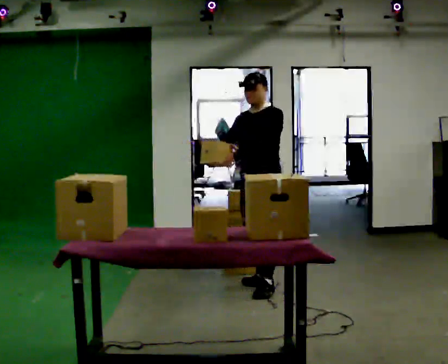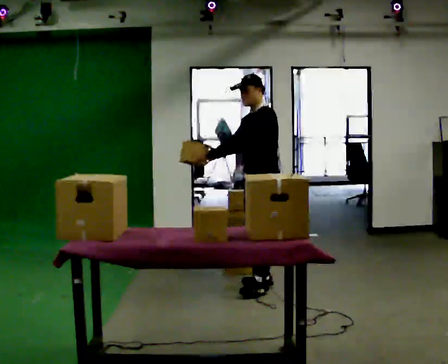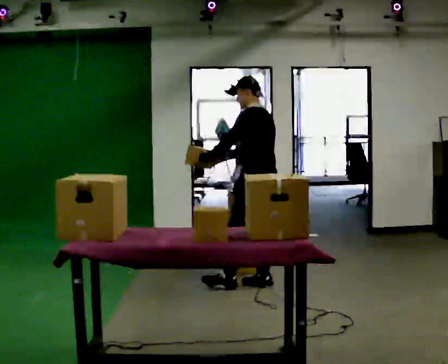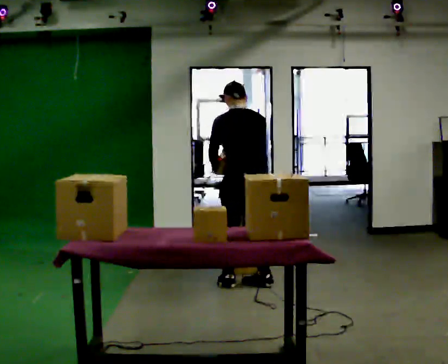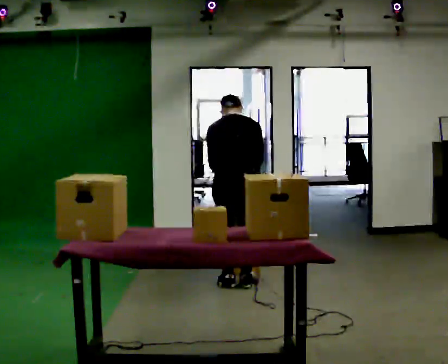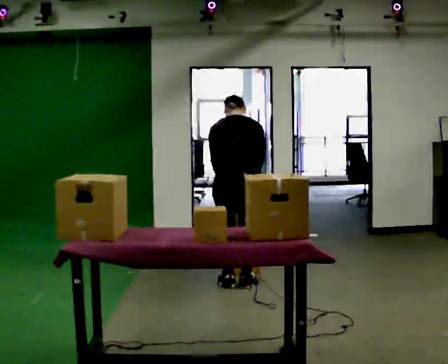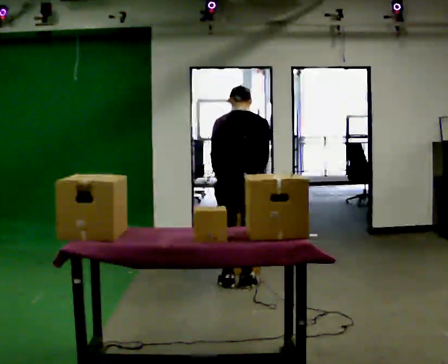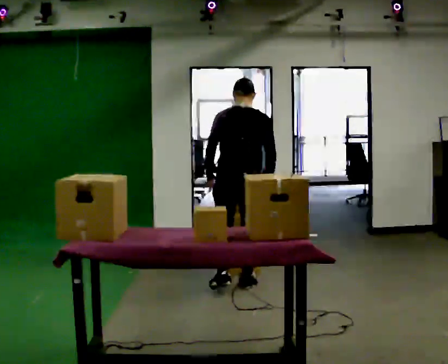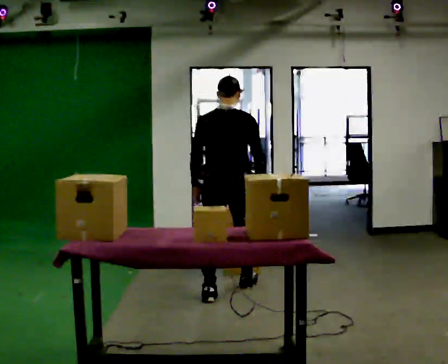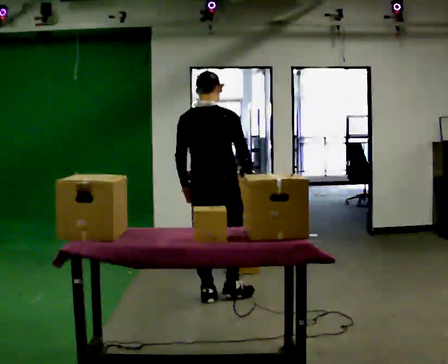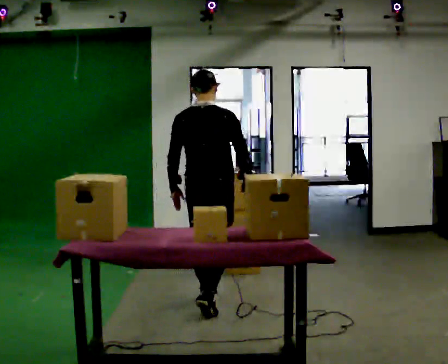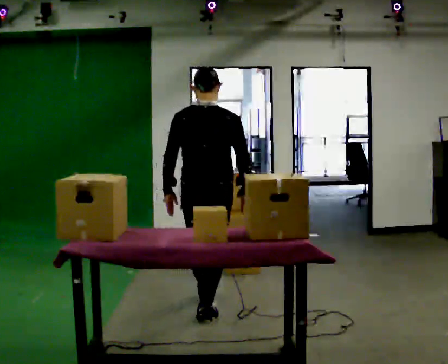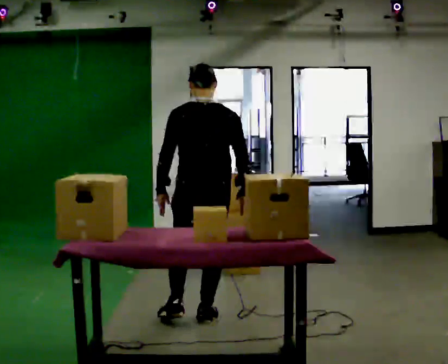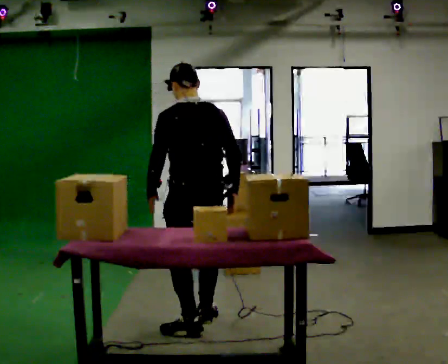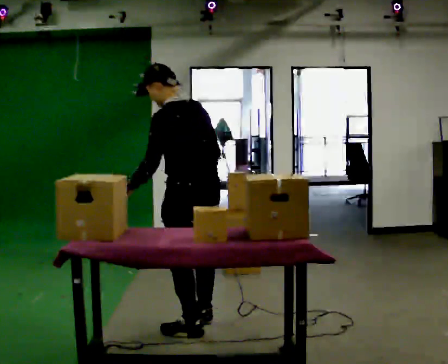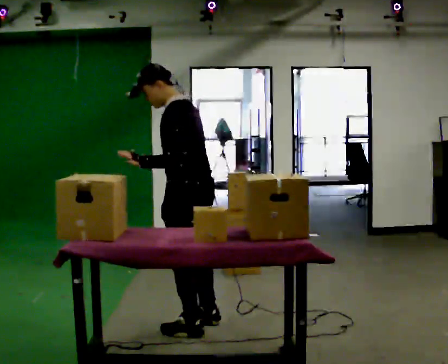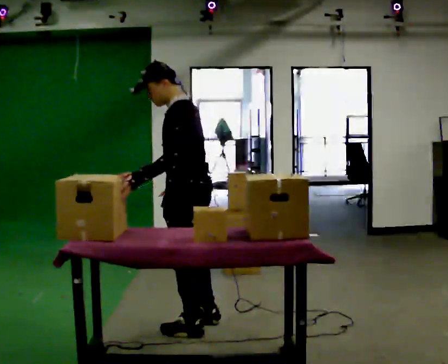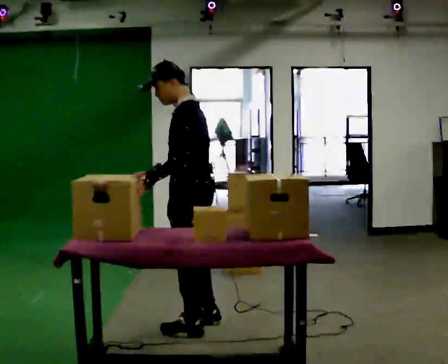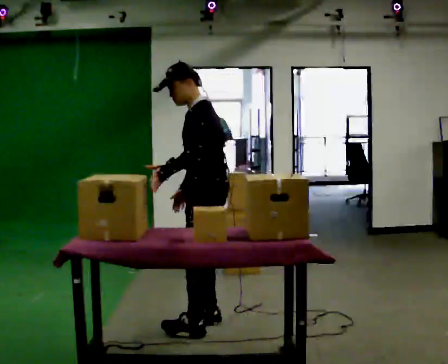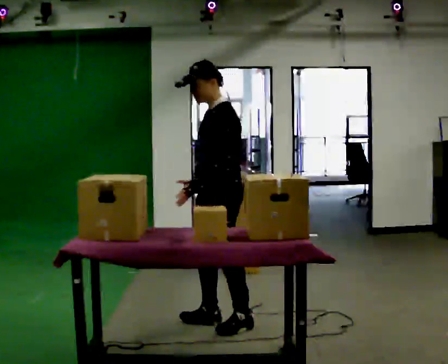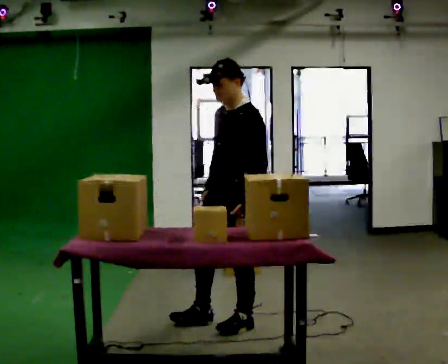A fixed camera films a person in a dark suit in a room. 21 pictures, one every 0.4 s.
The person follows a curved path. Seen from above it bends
counterclockwise.
0.0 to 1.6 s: The person turns about 135 degrees to their right, clockwise seen from above, so the part of the body nearest the lens slides to the left. In the picture they go to the left, about 0.25 m in 2 steps. The upper body tips away from the camera, its near side rolling upward, as they bend forward. In the picture their right hand goes to the right, the arm swinging counterclockwise.
1.6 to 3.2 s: In the picture they go toward the camera, about 0.25 m in 1 step, which for them is backward. The upper body tips toward the camera, its near side rolling downward, as they lean back or straighten.
3.2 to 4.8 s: In the picture they go toward the camera, about 1 m in 2 steps, which for them is backward.
4.8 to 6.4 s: Seen from above the body turns counterclockwise, about 75 degrees: to their left, with its near side sliding to the right. In the picture they go toward the camera, about 0.25 m.
6.4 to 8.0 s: The person turns about 30 degrees to their left, counterclockwise seen from above, so the part of the body nearest the lens slides to the right. In the picture they go to the right, about 0.25 m in 1 step, which for them is backward.
The film runs backward here.
